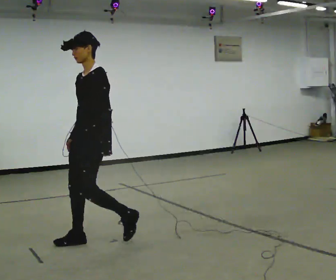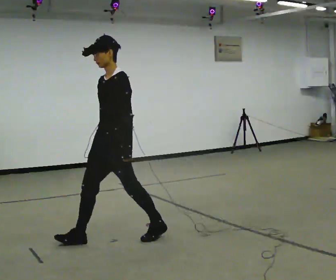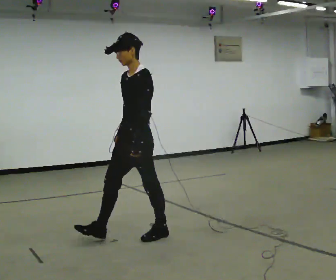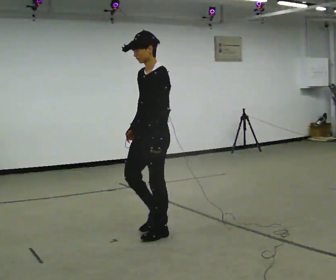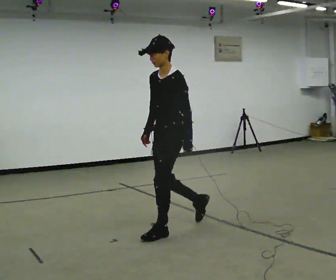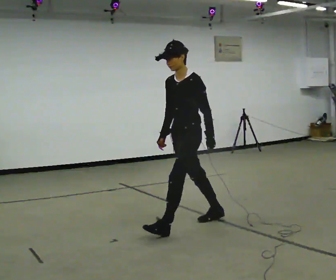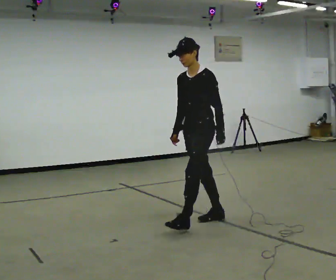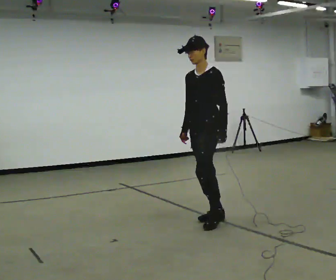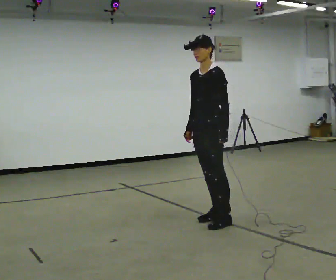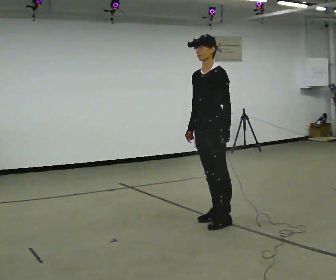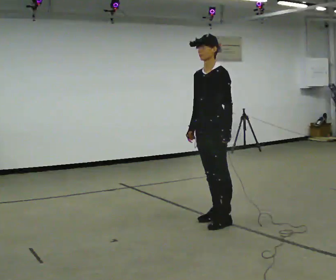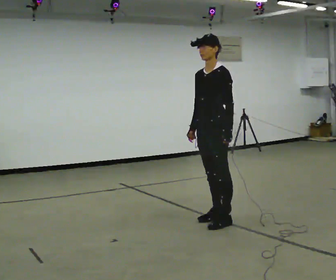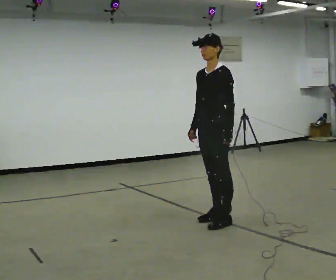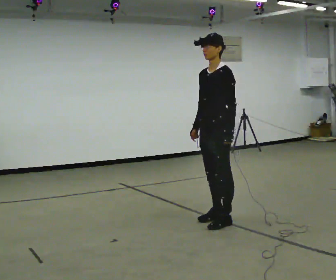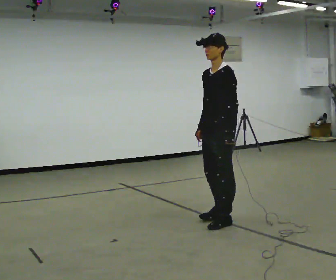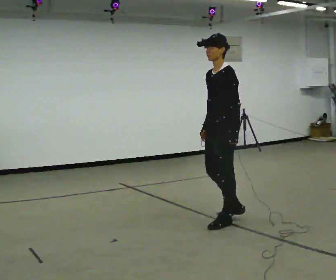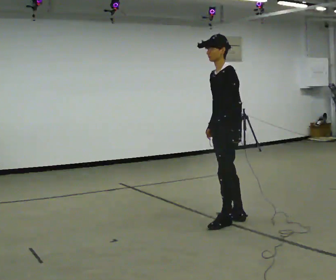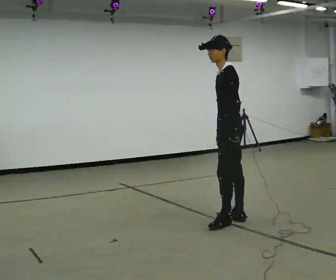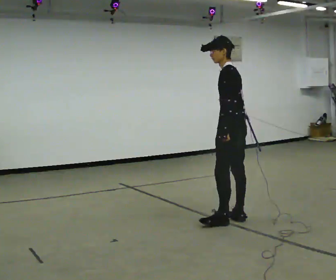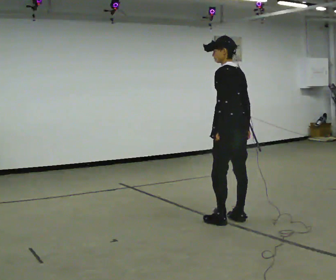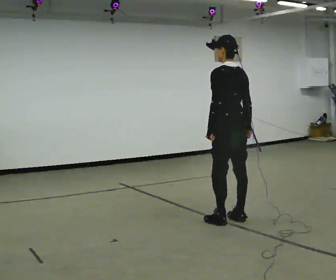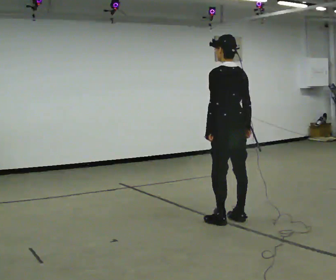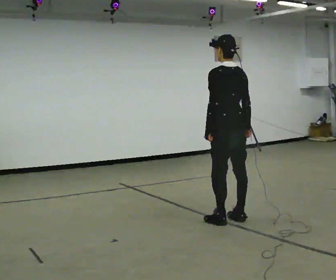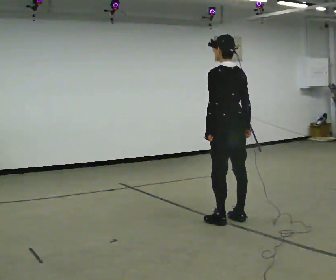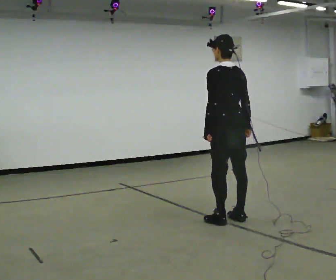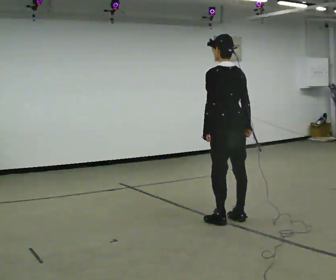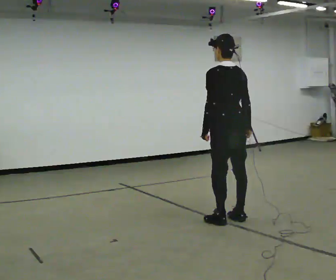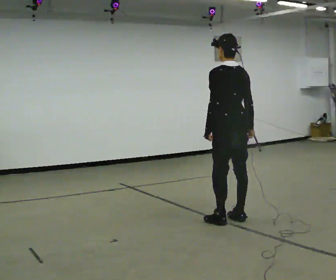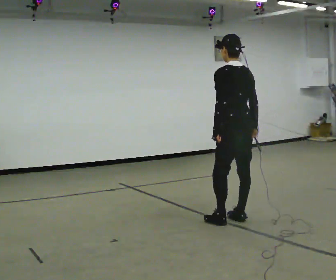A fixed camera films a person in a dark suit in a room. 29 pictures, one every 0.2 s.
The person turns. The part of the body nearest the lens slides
to the left.
The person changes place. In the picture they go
to the right.
0.0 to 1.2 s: In the picture they go to the right and away from the camera, about 1 m in 2 steps, which for them is backward.
1.2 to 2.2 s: The person moves a little, or ends about where they began.
2.2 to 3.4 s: Seen from above the body turns clockwise, about 30 degrees: to their right, with its near side sliding to the left. In the picture they go to the right, about 0.25 m in 1 step, which for them is backward.
3.4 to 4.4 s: The part of the body nearest the lens slides to the left as the person turns to their right by about 60 degrees.
4.4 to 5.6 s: The person moves a little, or ends about where they began.
The film runs backward here.
